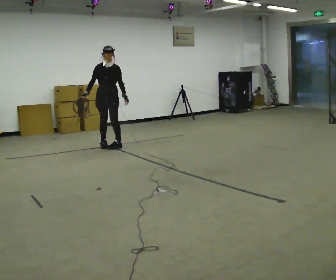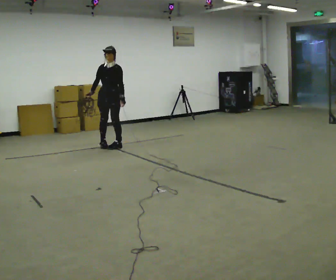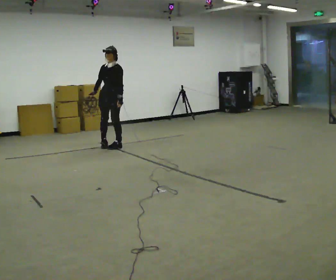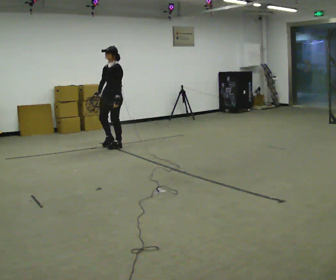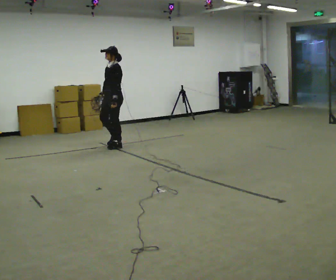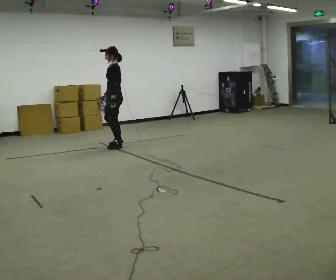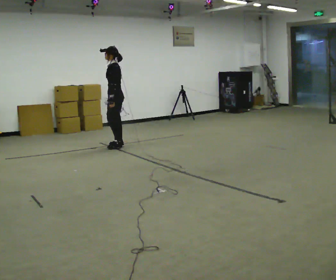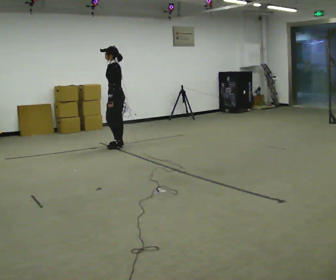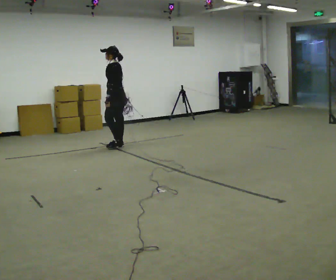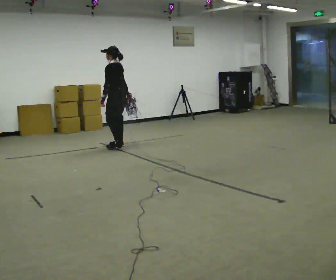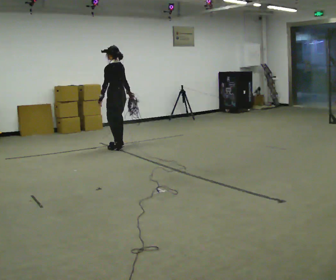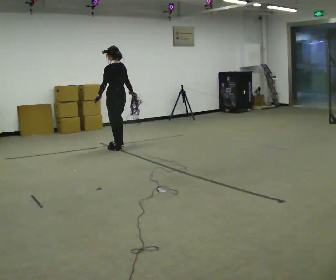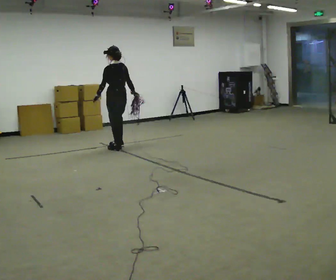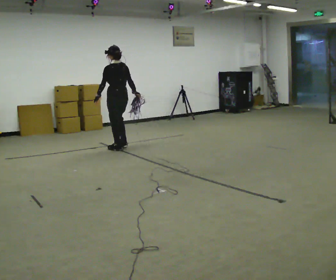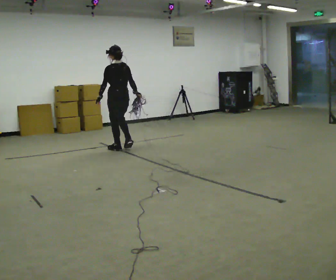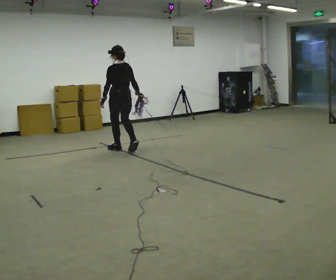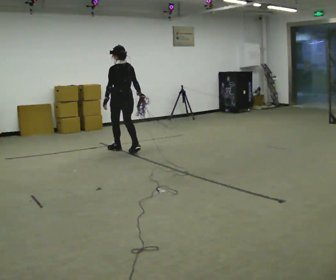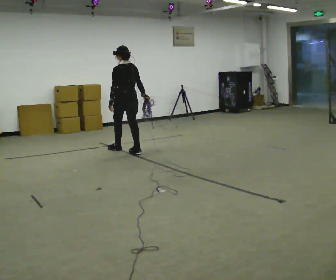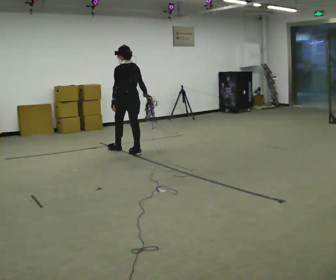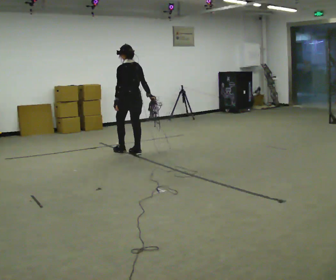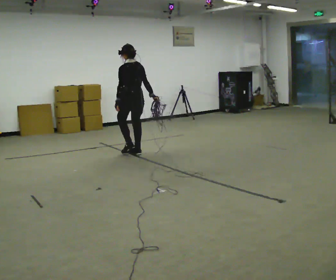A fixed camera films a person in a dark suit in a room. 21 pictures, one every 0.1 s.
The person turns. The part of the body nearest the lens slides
to the left.
The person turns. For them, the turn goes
to their right.
0.0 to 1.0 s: The part of the body nearest the lens slides to the left as the person turns to their right by about 120 degrees. In the picture they go to the right, about 0.25 m in 2 steps. In the picture their right hand goes to the right, the arm swinging counterclockwise.
1.0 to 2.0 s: The part of the body nearest the lens slides to the left as the person turns to their right by about 30 degrees. In the picture they go toward the camera and to the right, about 0.5 m in 2 steps, which for them is backward.
The film runs backward here.
